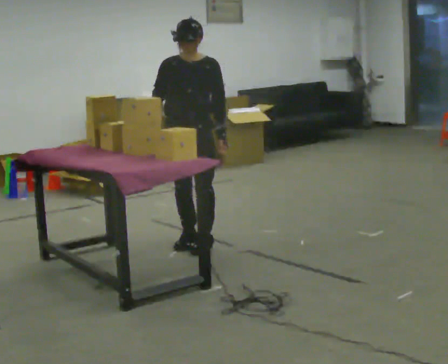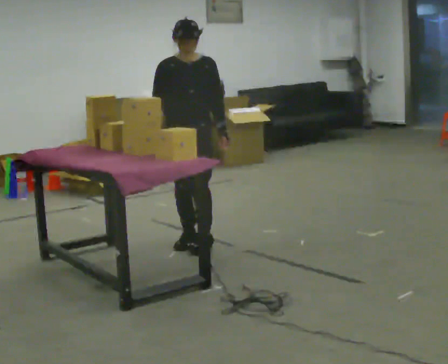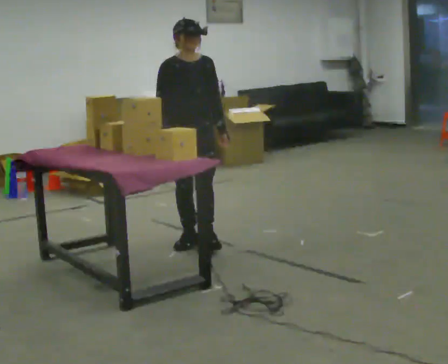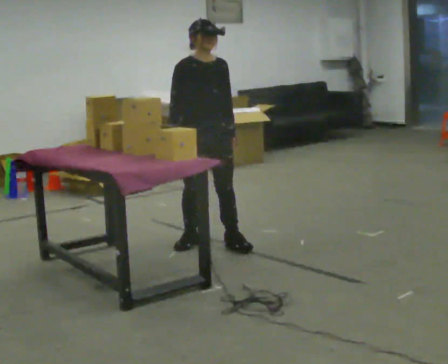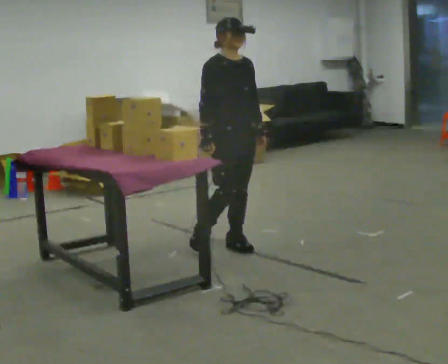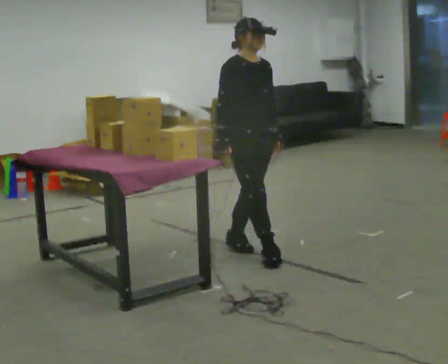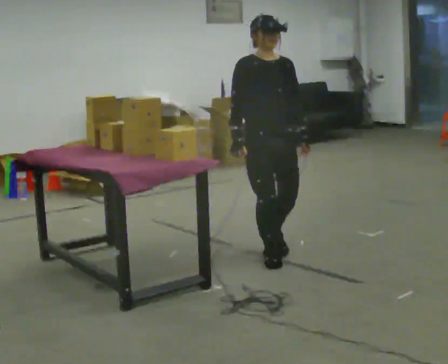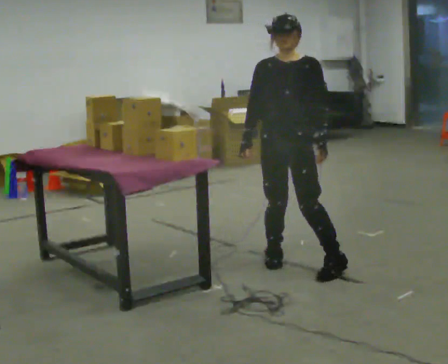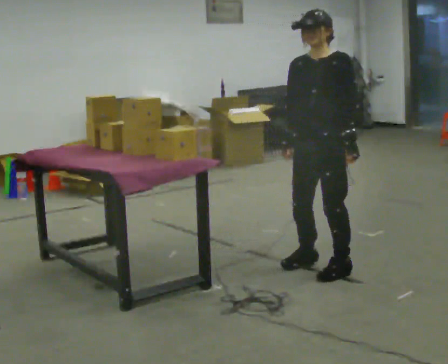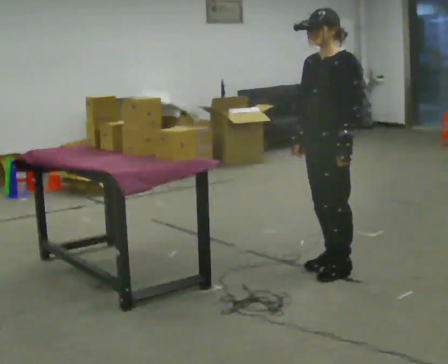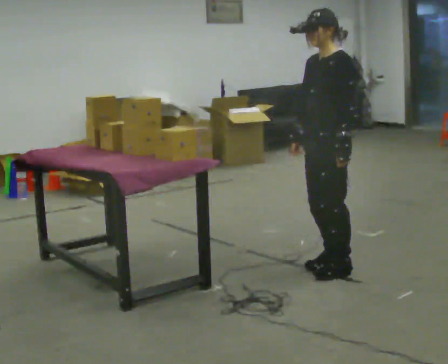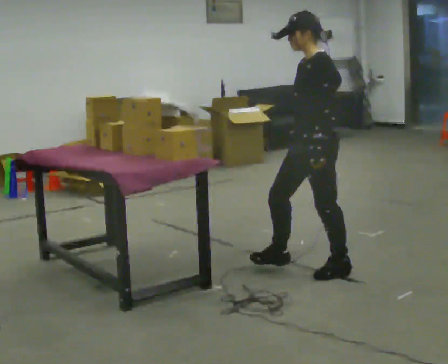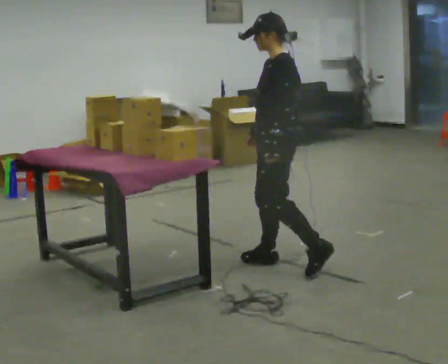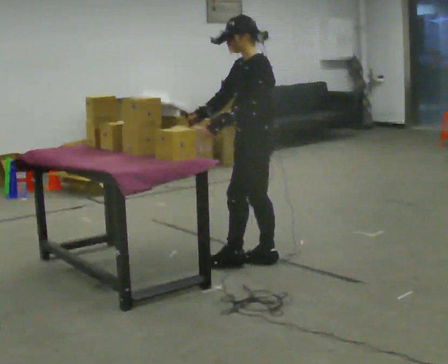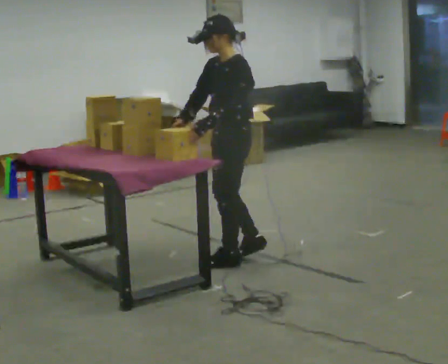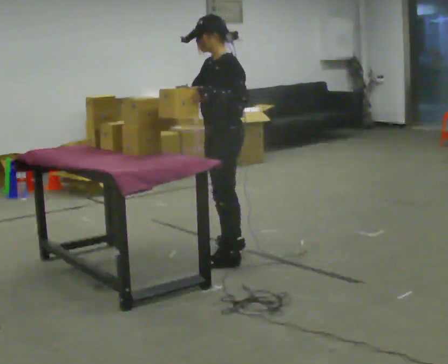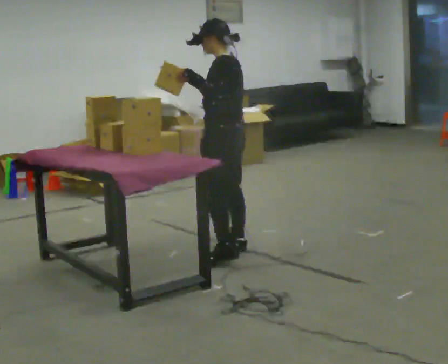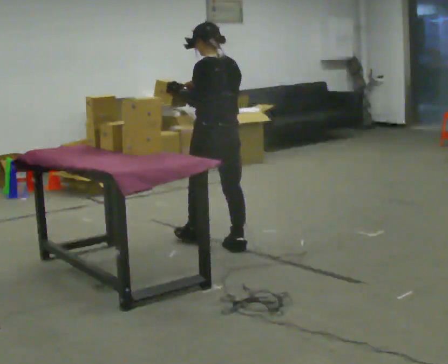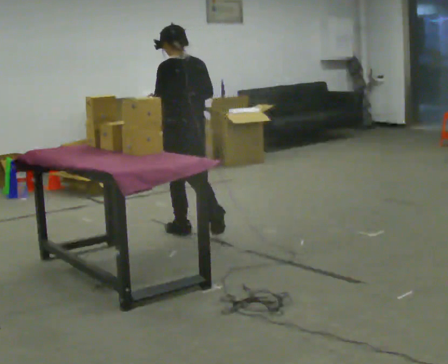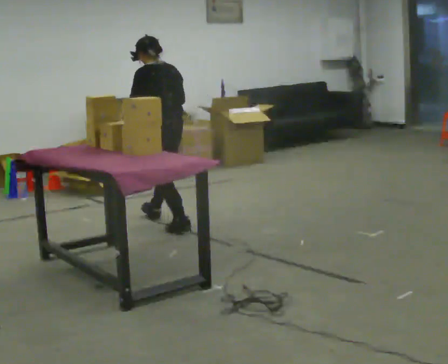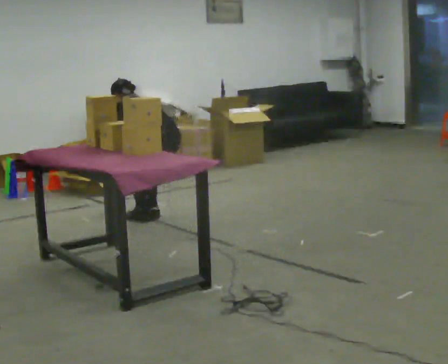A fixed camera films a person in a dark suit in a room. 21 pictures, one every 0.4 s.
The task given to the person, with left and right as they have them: Pick the object up off the floor using only the hand the operator calls, then carry it to the table in that same hand. Keep going until the operator says stop; one object at a time, and do not rush between trips.
0.0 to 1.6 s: The part of the body nearest the lens slides to the right as the person turns to their left by about 45 degrees. In the picture they go to the right, about 0.25 m in 1 step, which for them is forward and to their left.
1.6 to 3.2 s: The person turns about 75 degrees to their right, clockwise seen from above, so the part of the body nearest the lens slides to the left. In the picture they go toward the camera and to the right, about 0.5 m in 2 steps.
3.2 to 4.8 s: The person turns about 45 degrees to their right, clockwise seen from above, so the part of the body nearest the lens slides to the left. In the picture they go to the left and away from the camera, about 0.25 m in 2 steps, which for them is to their right and forward.
4.8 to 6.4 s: The person turns about 30 degrees to their right, clockwise seen from above, so the part of the body nearest the lens slides to the left. In the picture they go away from the camera and to the left, about 0.5 m in 2 steps, which for them is to their right and forward. In the picture their left hand goes upward.
6.4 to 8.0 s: In the picture they go away from the camera and to the left, about 1 m in 3 steps, which for them is forward. The upper body goes downward. In the picture the upper body tilts counterclockwise, shoulders to the left, as they bend forward. In the picture their left hand goes downward.
The film runs forward here.
